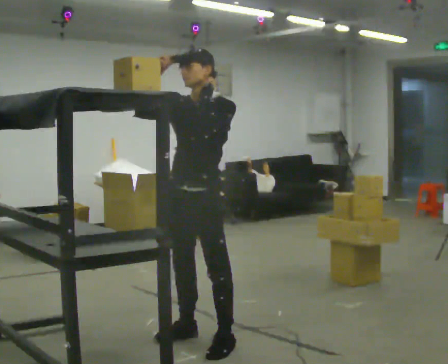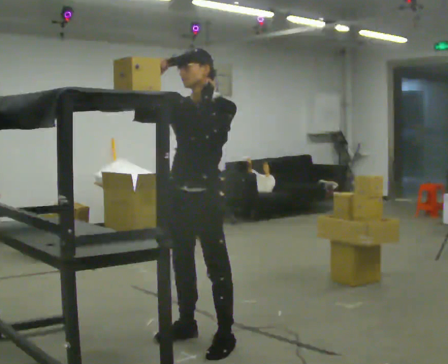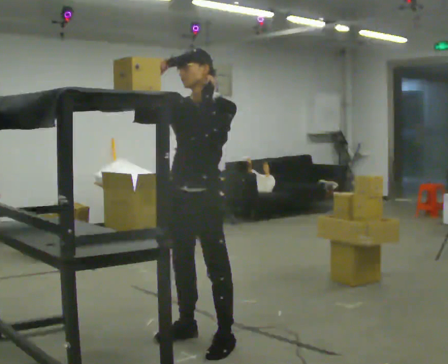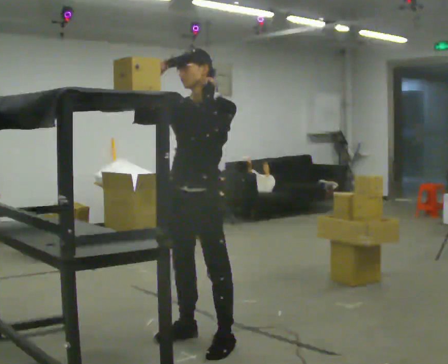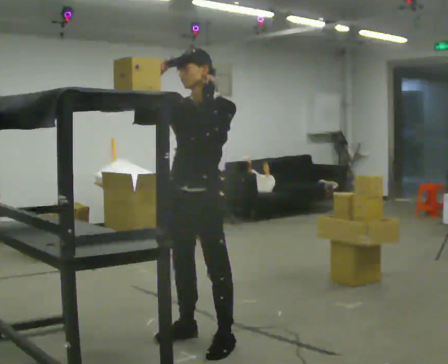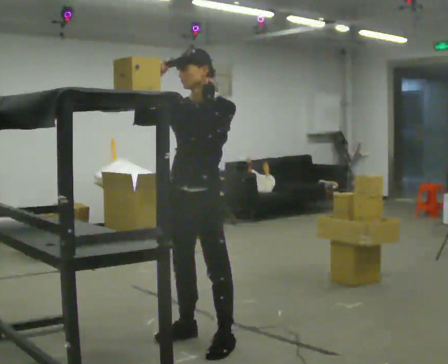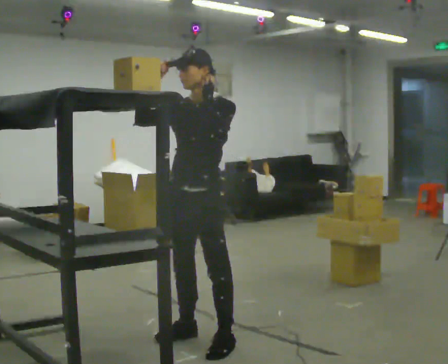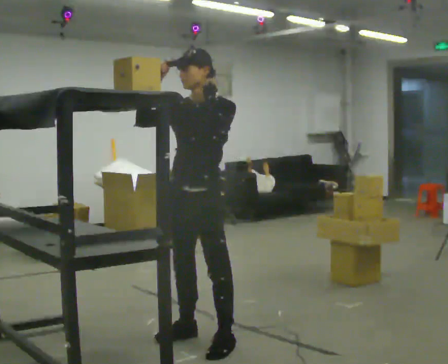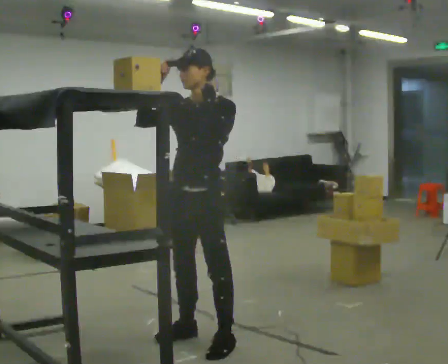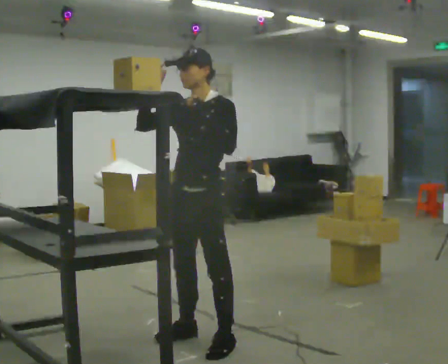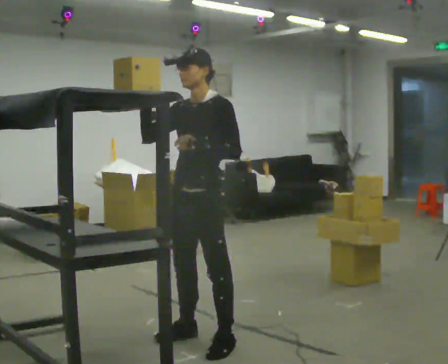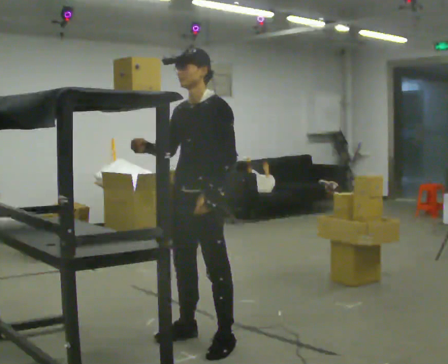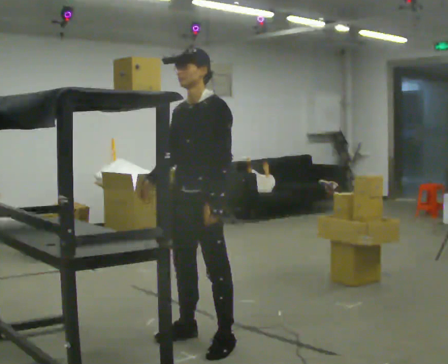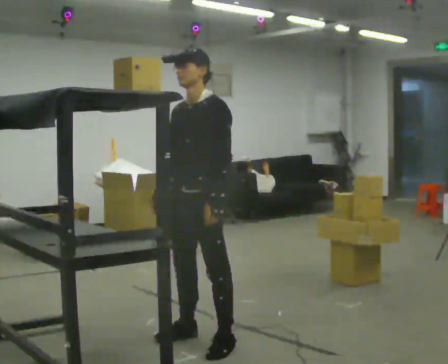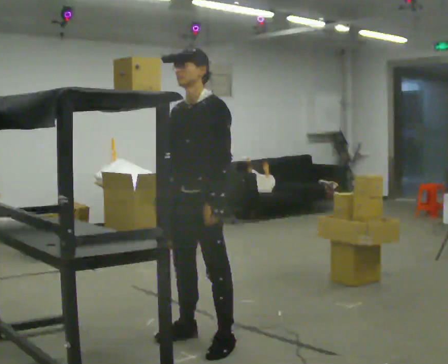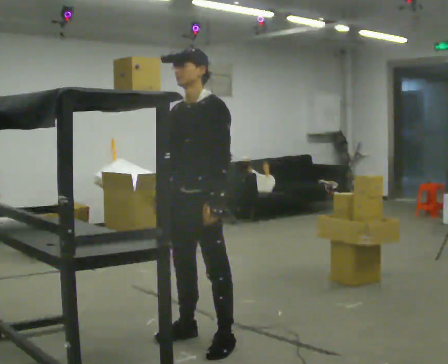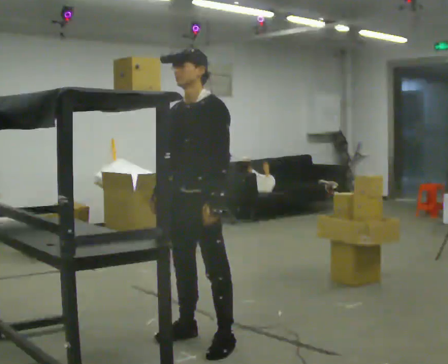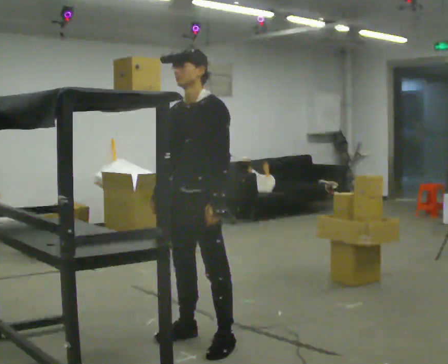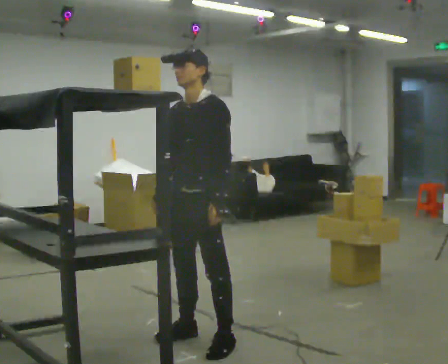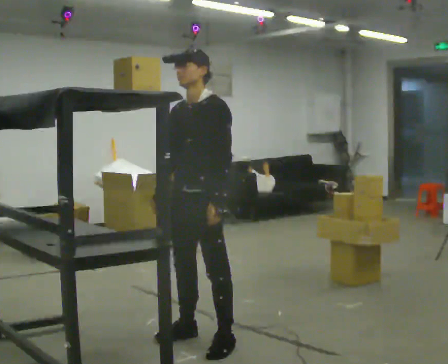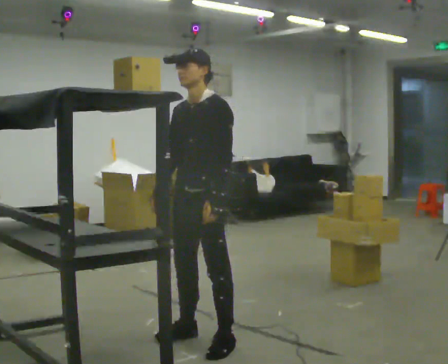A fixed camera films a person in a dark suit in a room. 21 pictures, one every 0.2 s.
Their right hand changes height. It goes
downward.
Their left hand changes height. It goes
downward.
0.0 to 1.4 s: The person moves a little, or ends about where they began.
1.4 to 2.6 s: In the picture their right hand goes downward.
2.6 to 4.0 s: The person moves a little, or ends about where they began.
The film runs backward here.
